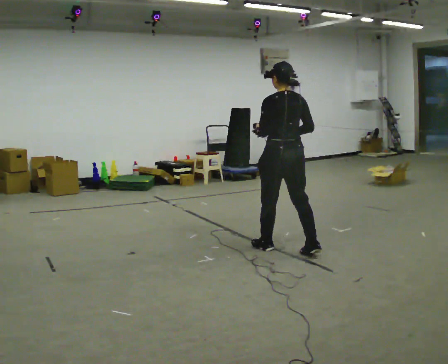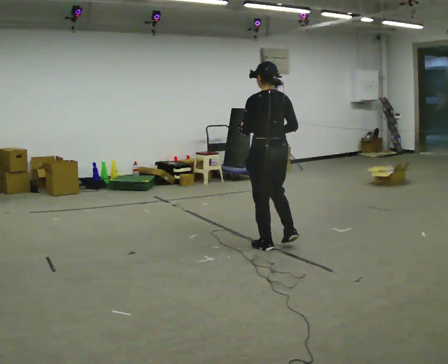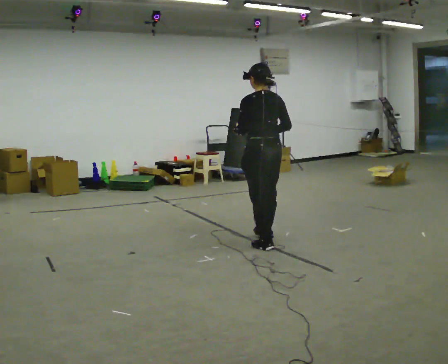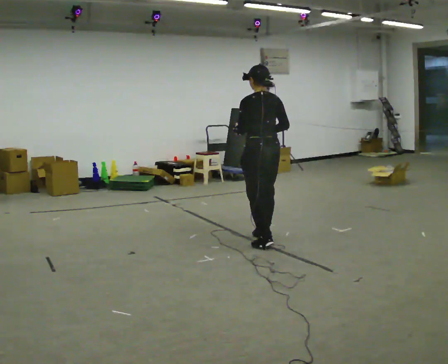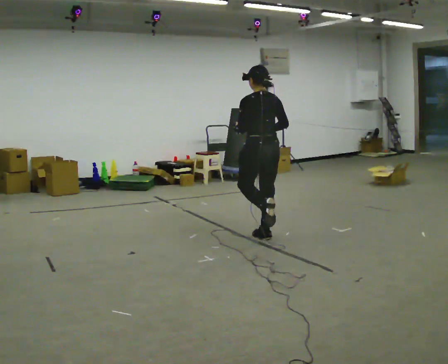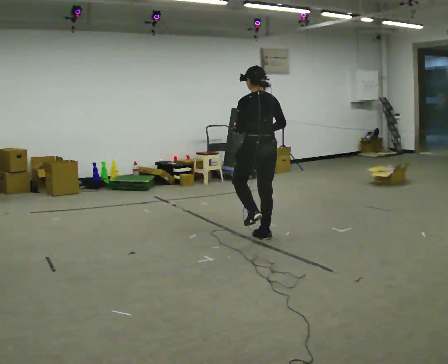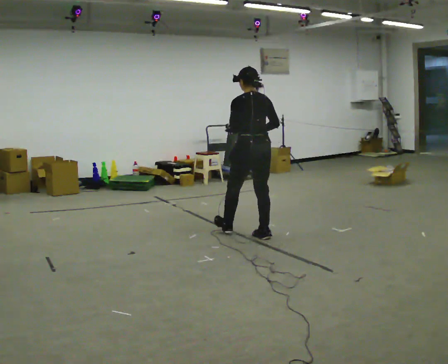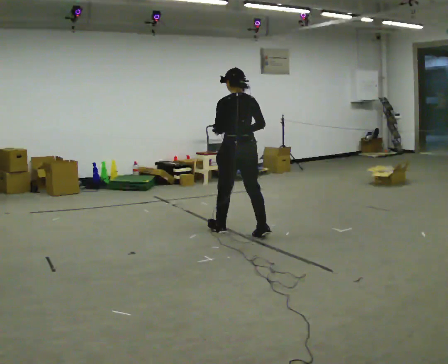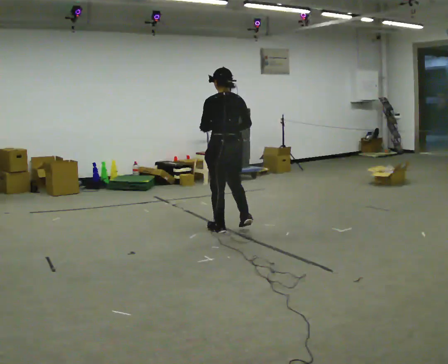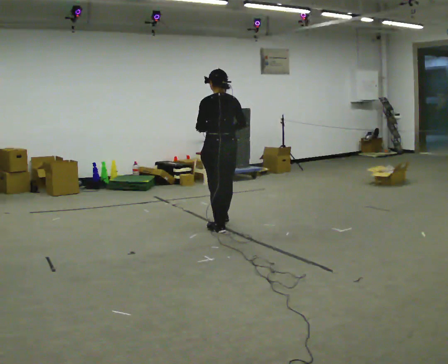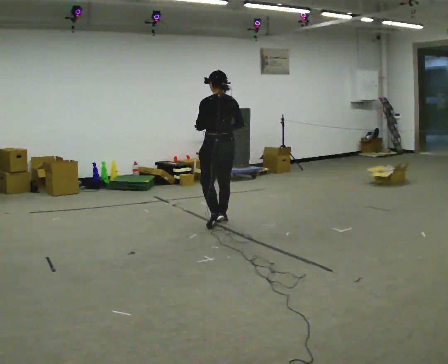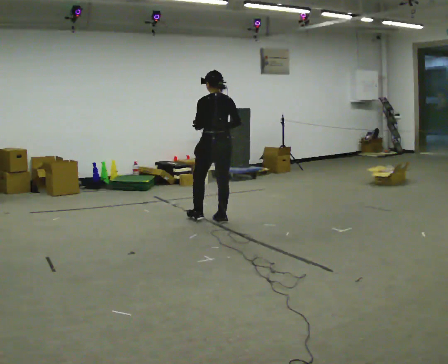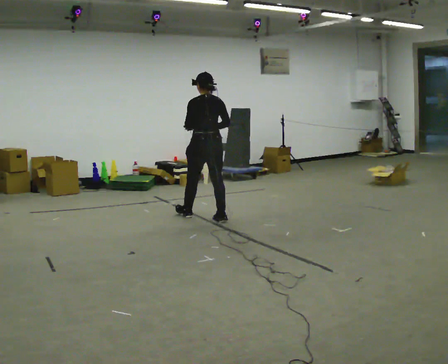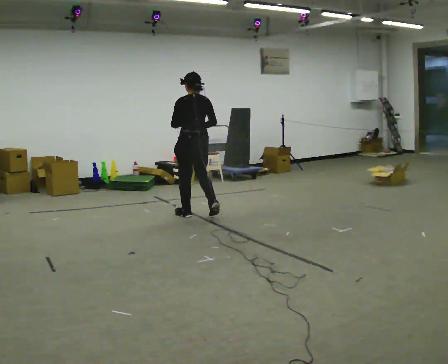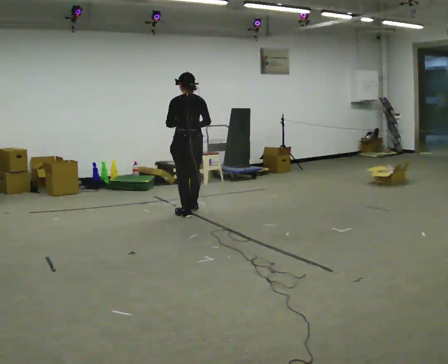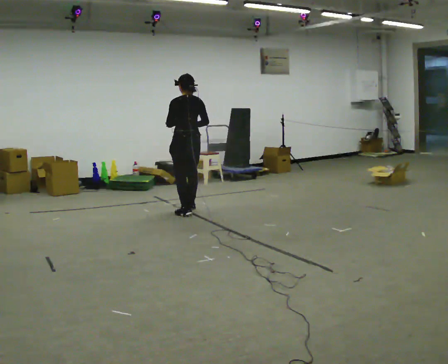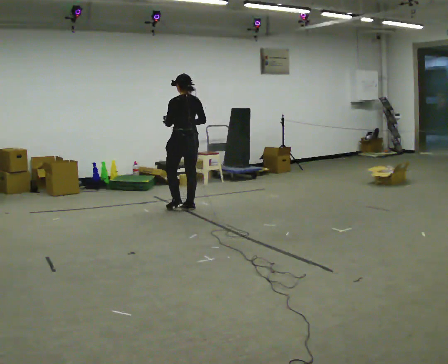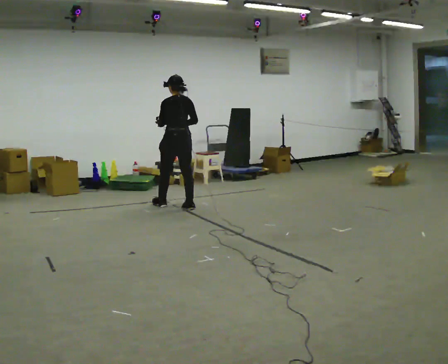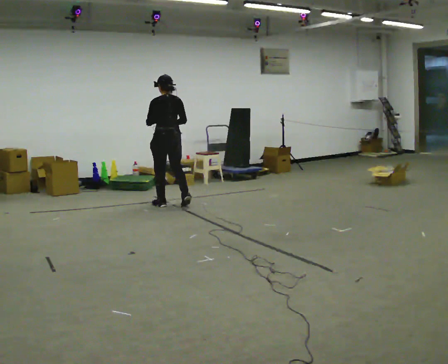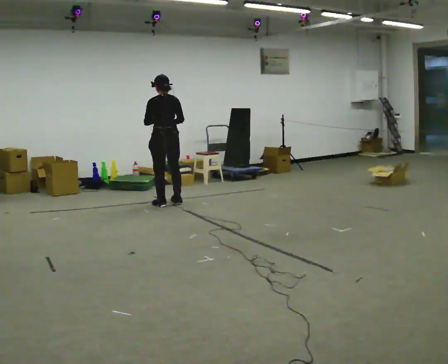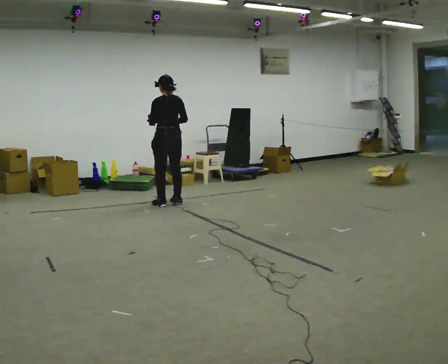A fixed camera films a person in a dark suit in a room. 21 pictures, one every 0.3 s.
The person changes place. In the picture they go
away from the camera.
0.0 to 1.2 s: In the picture they go away from the camera, about 0.5 m in 1 step, which for them is forward.
1.2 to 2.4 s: In the picture they go to the left and away from the camera, about 0.5 m in 1 step, which for them is forward and to their left.
2.4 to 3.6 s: In the picture they go away from the camera and to the left, about 0.5 m in 2 steps, which for them is forward.
3.6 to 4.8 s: In the picture they go away from the camera and to the left, about 0.5 m in 1 step, which for them is forward.
4.8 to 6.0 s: In the picture they go away from the camera and to the left, about 0.25 m in 2 steps, which for them is forward.
The film runs forward here.
